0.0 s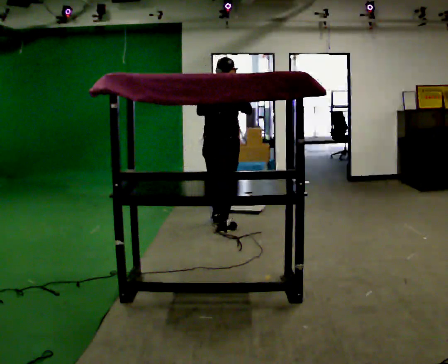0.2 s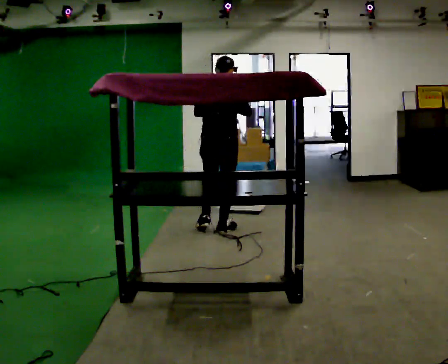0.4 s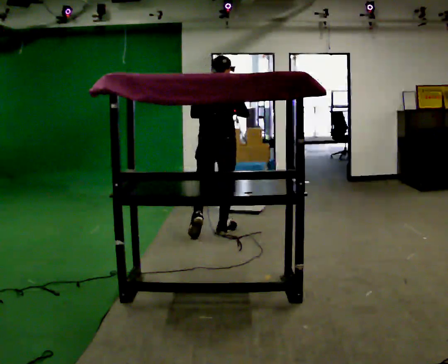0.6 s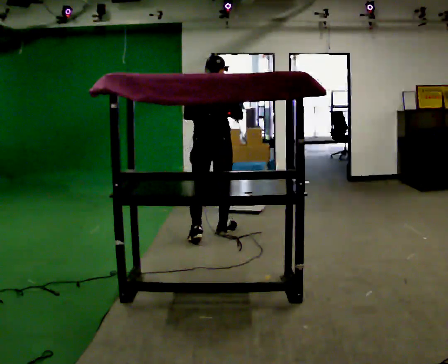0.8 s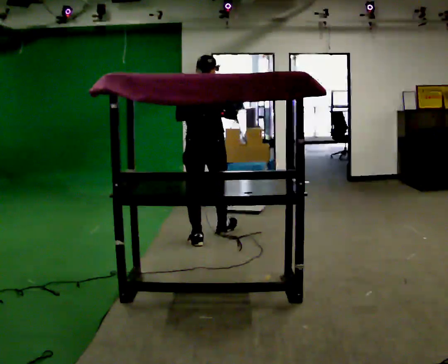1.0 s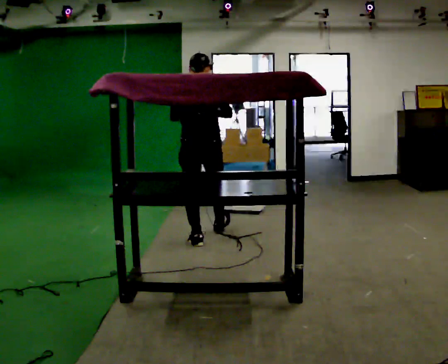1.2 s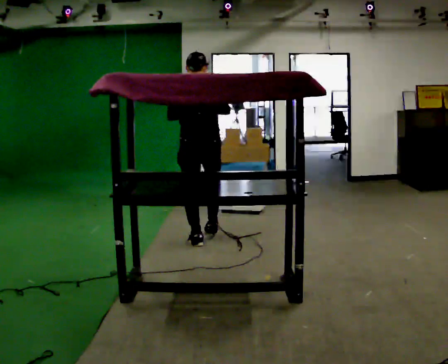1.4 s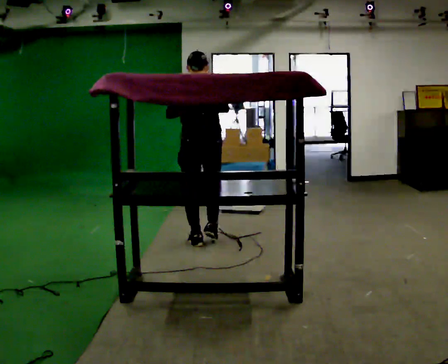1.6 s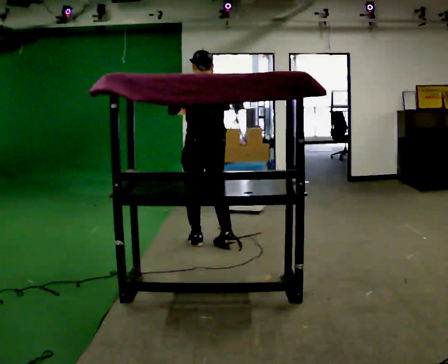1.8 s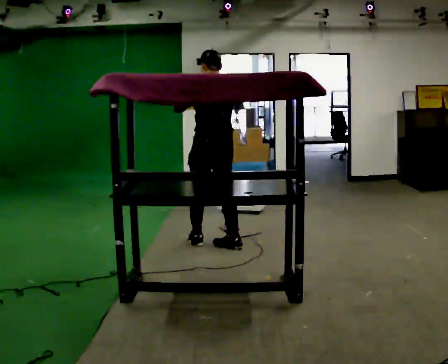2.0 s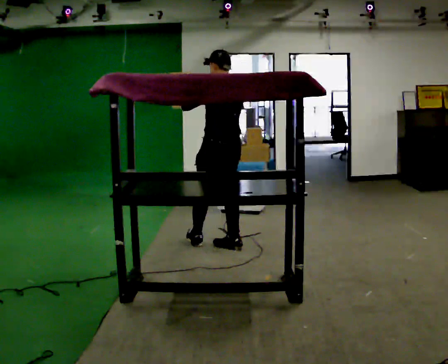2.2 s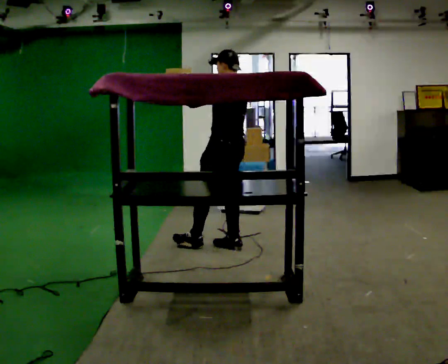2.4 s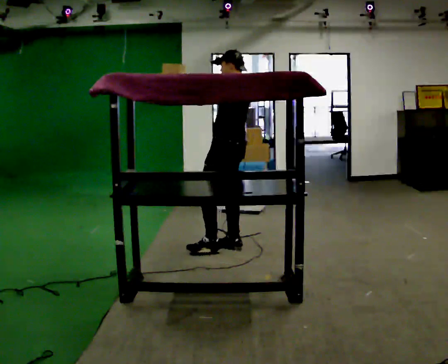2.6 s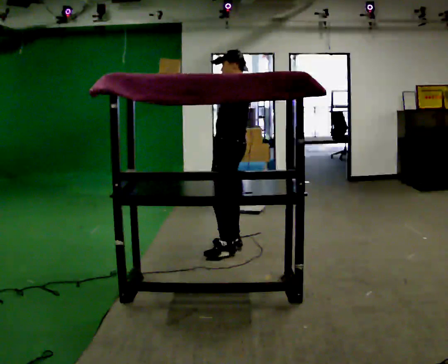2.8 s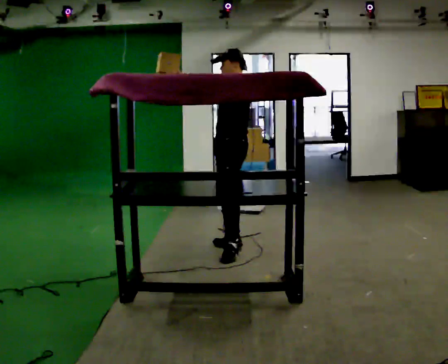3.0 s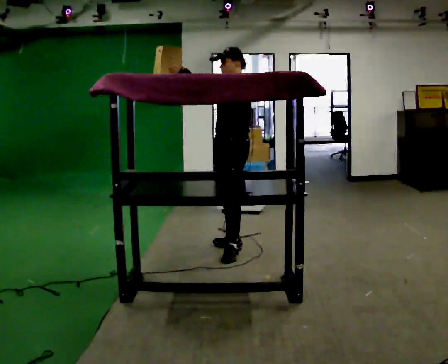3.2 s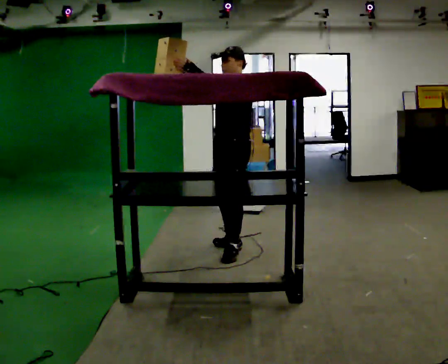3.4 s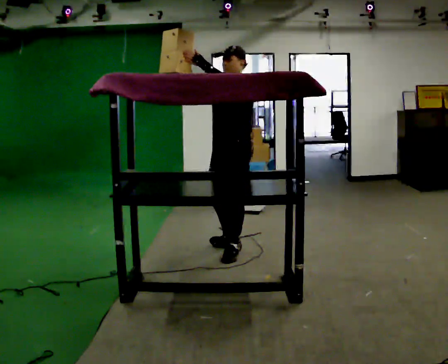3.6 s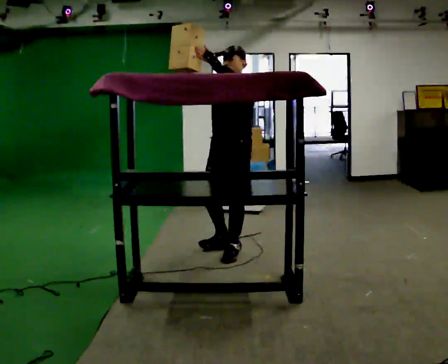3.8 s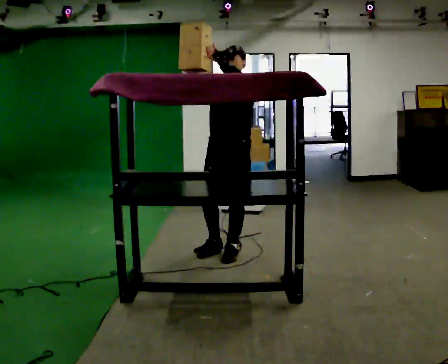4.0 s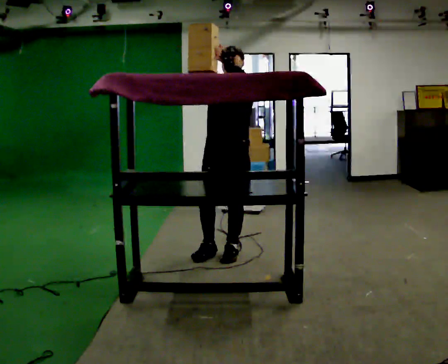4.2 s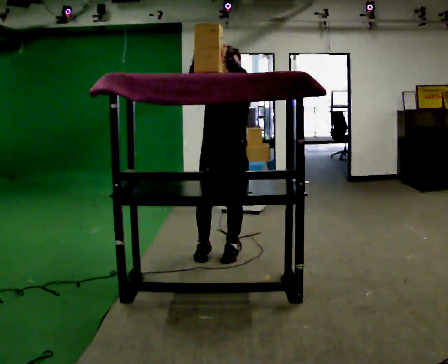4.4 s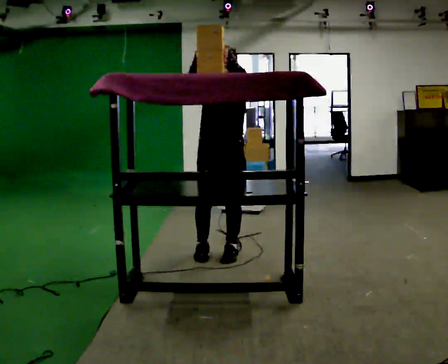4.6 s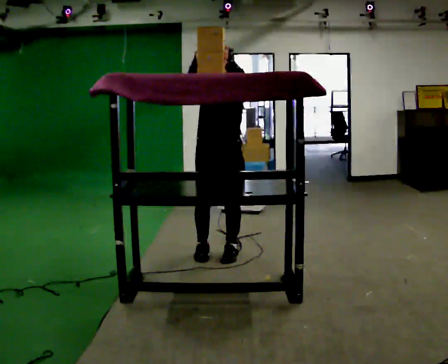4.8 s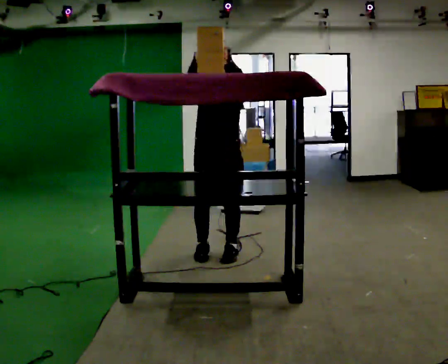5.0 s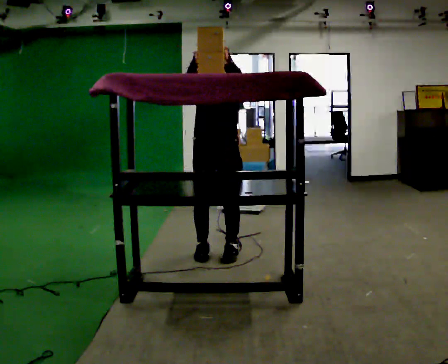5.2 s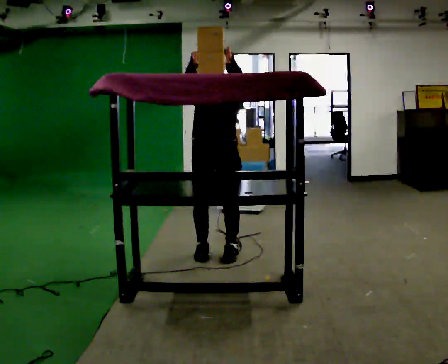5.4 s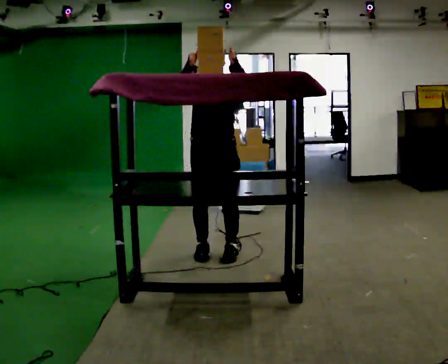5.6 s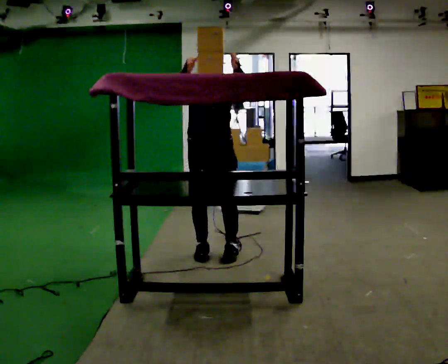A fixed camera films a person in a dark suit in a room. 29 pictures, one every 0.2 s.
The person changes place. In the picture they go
toward the camera.
The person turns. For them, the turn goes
to their left.
0.0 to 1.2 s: In the picture they go toward the camera and to the left, about 0.5 m in 1 step, which for them is backward.
1.2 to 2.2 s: The person turns about 45 degrees to their left, counterclockwise seen from above, so the part of the body nearest the lens slides to the right. In the picture they go to the right, about 0.25 m in 1 step, which for them is backward and to their right.
2.2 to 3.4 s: The part of the body nearest the lens slides to the right as the person turns to their left by about 75 degrees. In the picture they go toward the camera, about 0.25 m.
3.4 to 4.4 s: Seen from above the body turns counterclockwise, about 45 degrees: to their left, with its near side sliding to the right.
4.4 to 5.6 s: The person moves a little, or ends about where they began.
The film runs backward here.
